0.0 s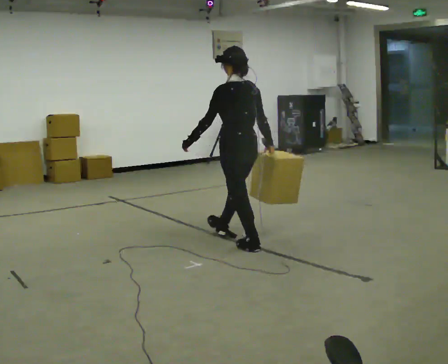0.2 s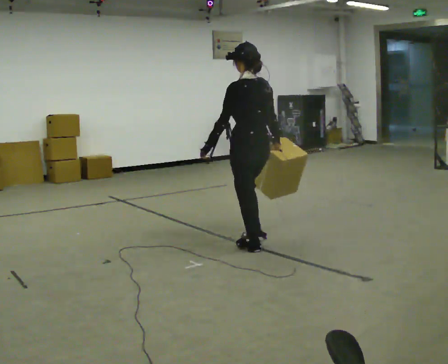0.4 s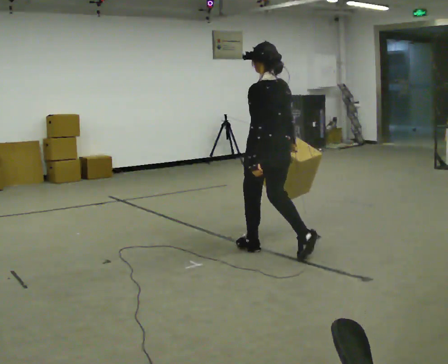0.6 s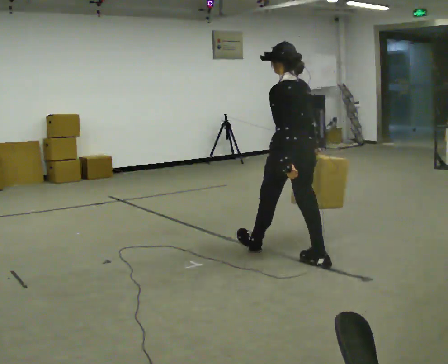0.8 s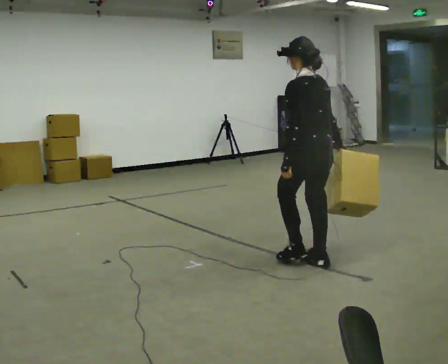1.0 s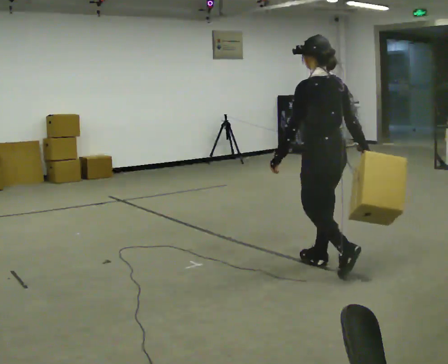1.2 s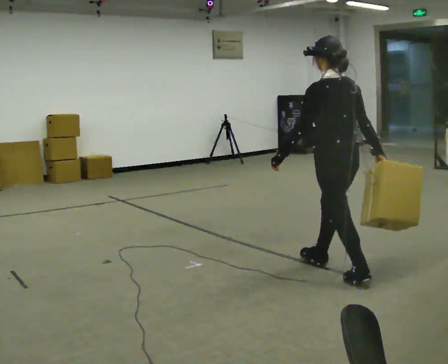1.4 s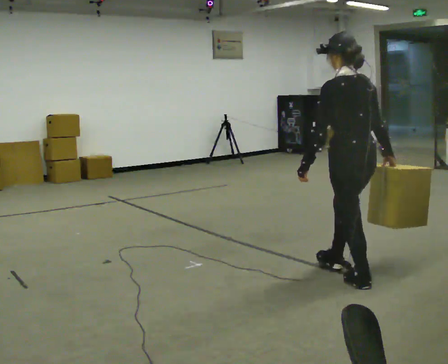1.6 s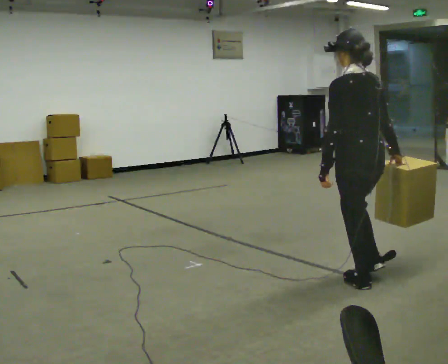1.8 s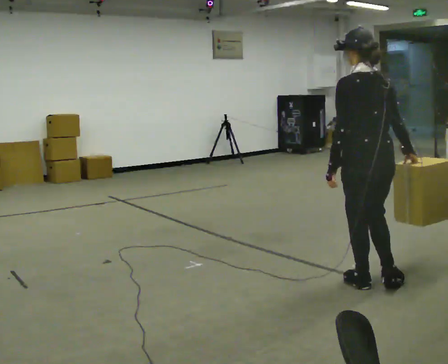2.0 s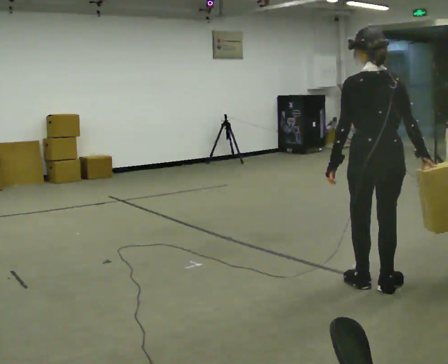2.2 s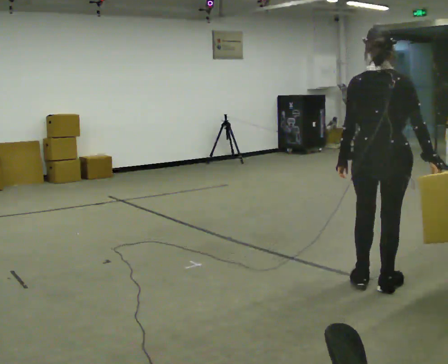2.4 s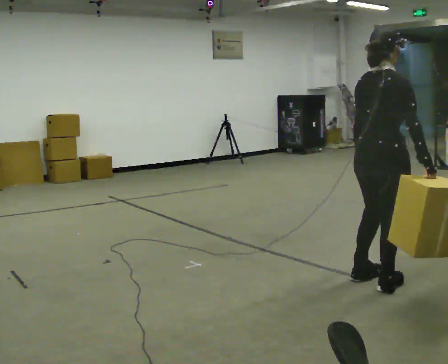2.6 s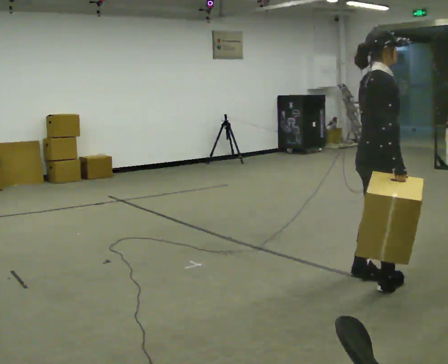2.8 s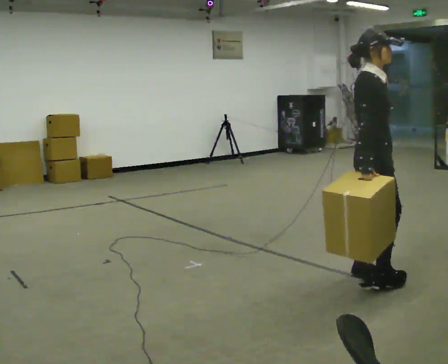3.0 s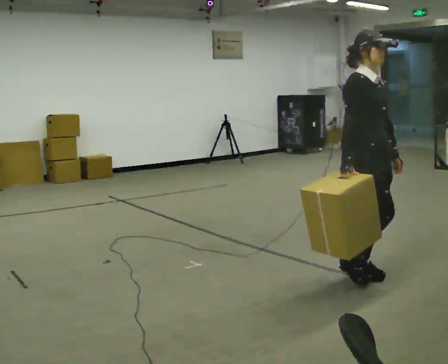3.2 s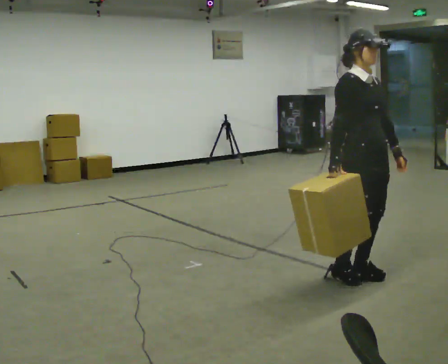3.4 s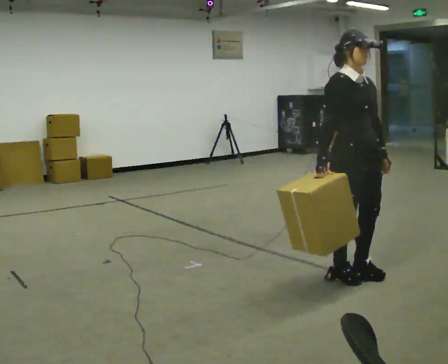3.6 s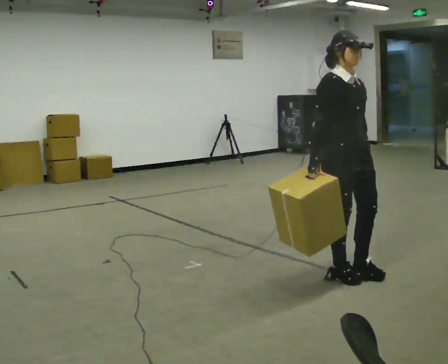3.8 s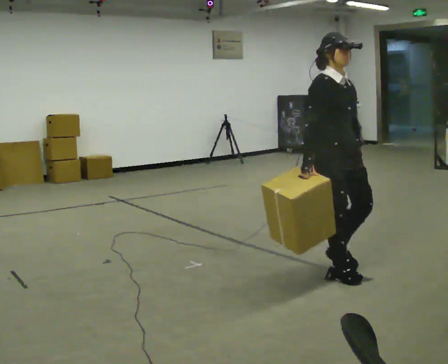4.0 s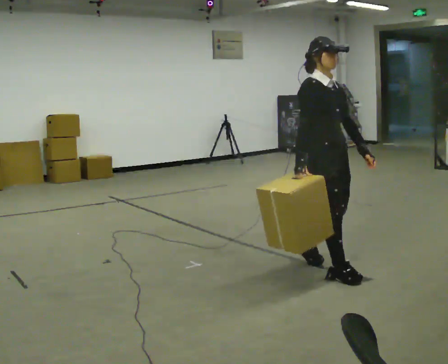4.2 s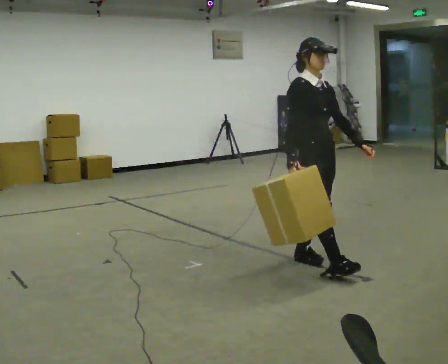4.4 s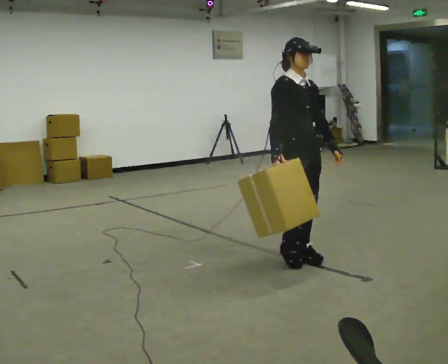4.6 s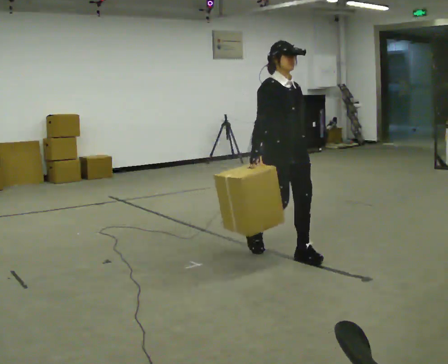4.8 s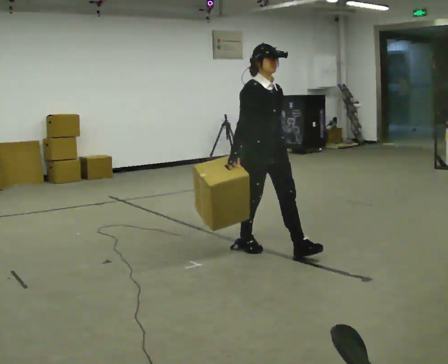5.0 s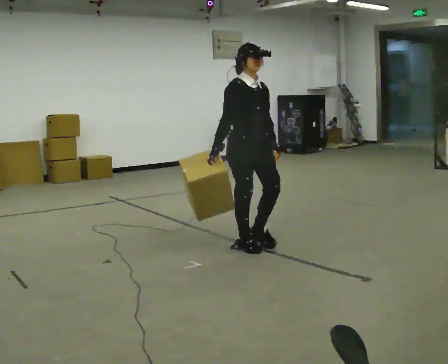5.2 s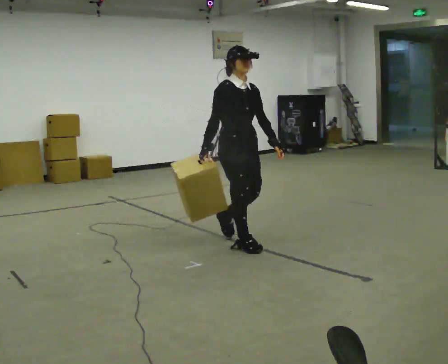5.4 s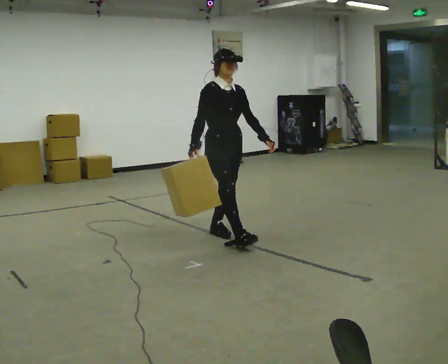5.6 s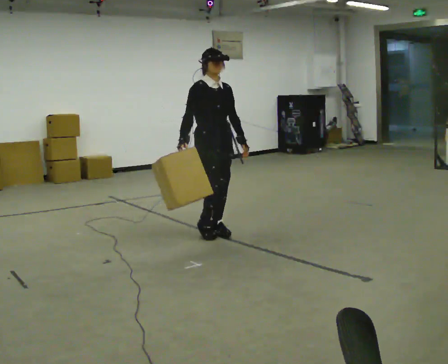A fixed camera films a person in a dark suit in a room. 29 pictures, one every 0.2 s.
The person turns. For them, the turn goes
to their right.
The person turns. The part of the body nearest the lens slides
to the left.
0.0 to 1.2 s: In the picture they go to the right and toward the camera, about 1 m in 1 step, which for them is backward.
1.2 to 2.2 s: The part of the body nearest the lens slides to the left as the person turns to their right by about 60 degrees. In the picture they go to the right and toward the camera, about 0.25 m in 2 steps.
2.2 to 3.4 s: The part of the body nearest the lens slides to the left as the person turns to their right by about 120 degrees. In the picture they go away from the camera and to the left, about 0.25 m in 1 step.
3.4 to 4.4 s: In the picture they go to the left and away from the camera, about 0.5 m in 2 steps, which for them is backward.
4.4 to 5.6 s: In the picture they go to the left and away from the camera, about 1 m in 2 steps, which for them is backward.
The film runs backward here.
